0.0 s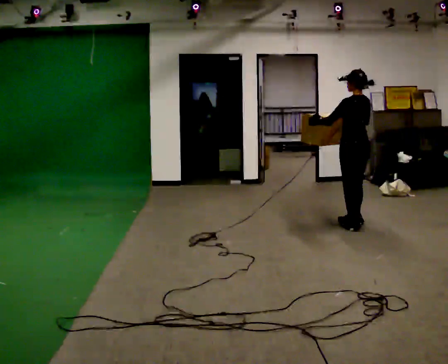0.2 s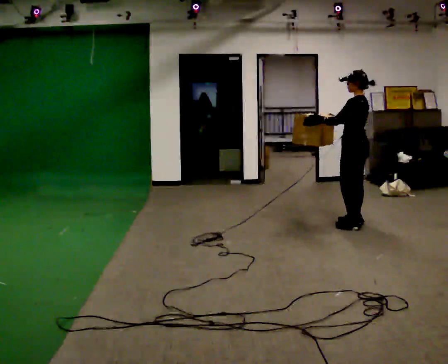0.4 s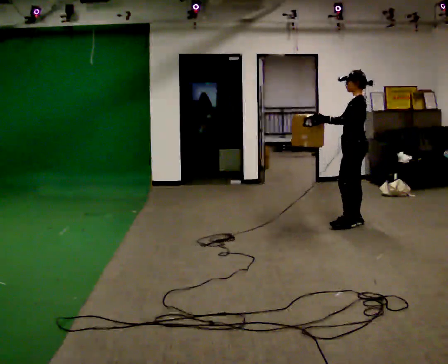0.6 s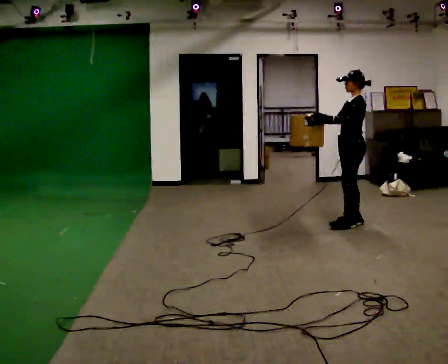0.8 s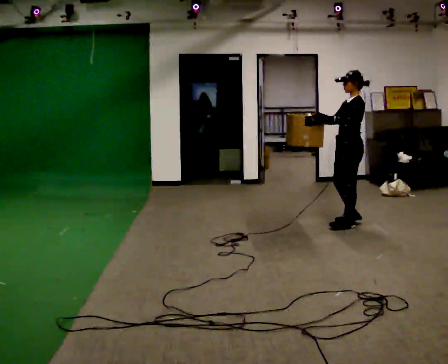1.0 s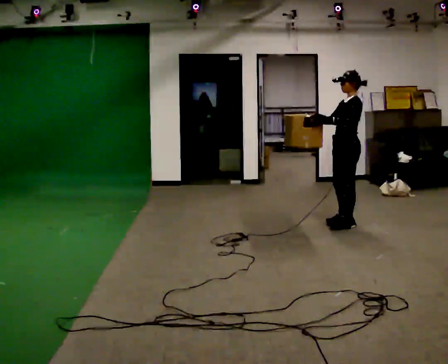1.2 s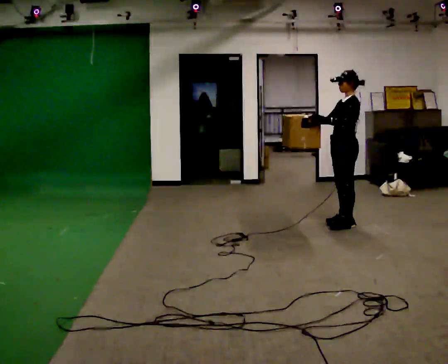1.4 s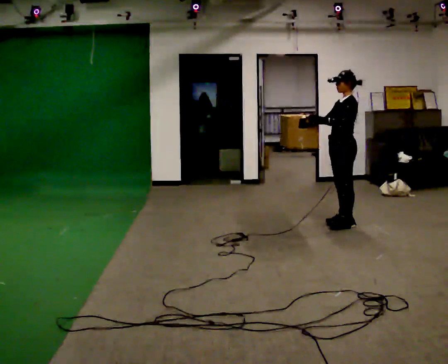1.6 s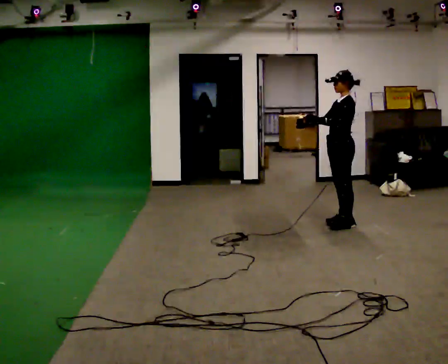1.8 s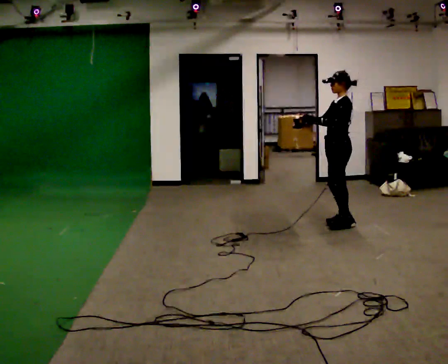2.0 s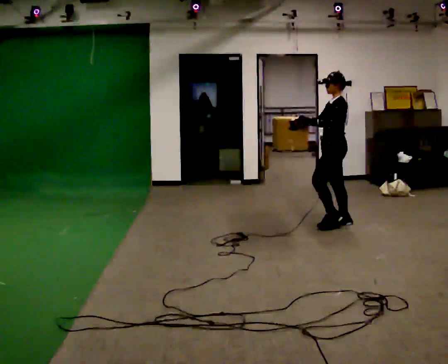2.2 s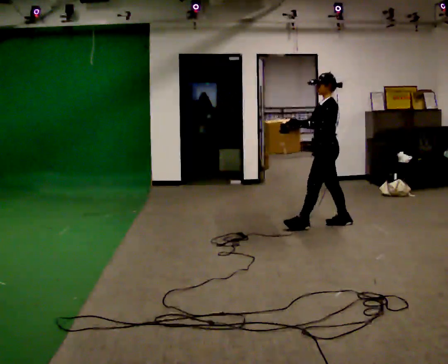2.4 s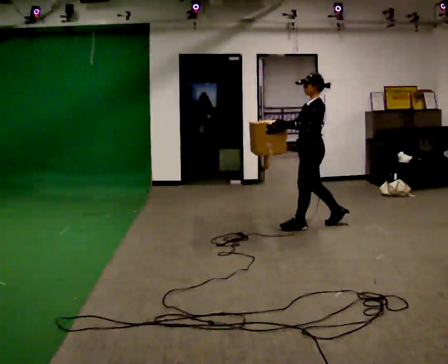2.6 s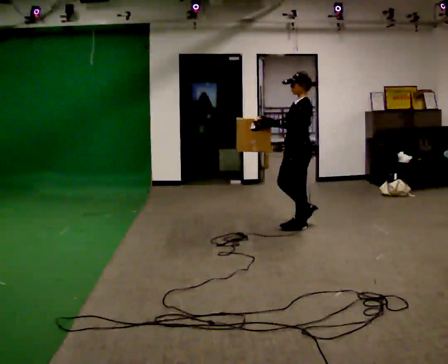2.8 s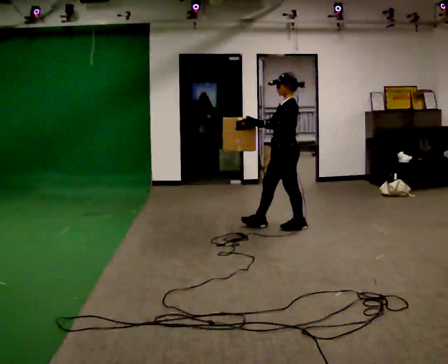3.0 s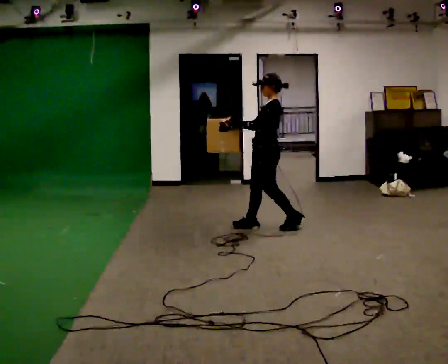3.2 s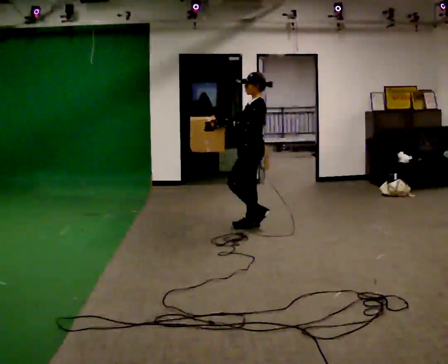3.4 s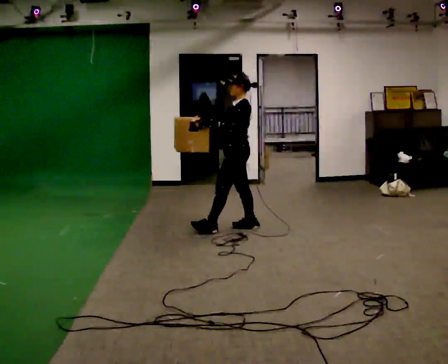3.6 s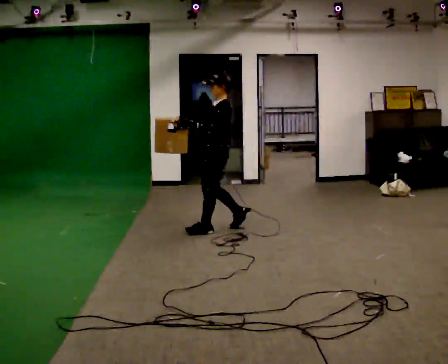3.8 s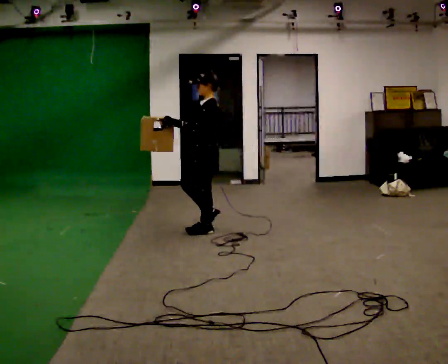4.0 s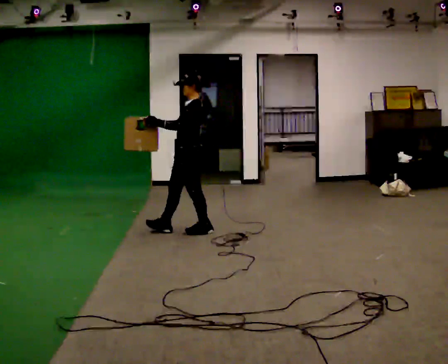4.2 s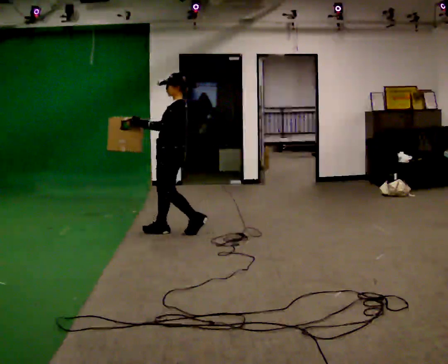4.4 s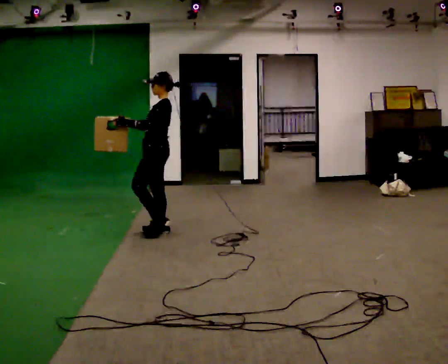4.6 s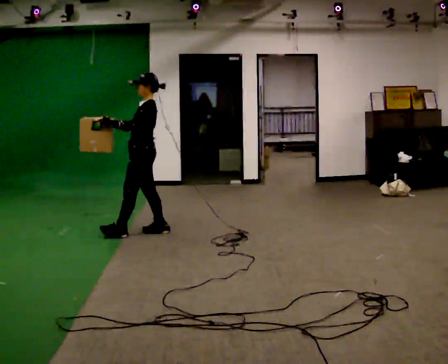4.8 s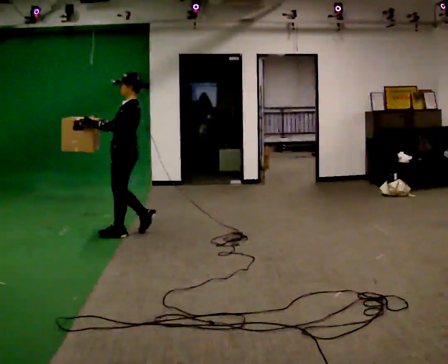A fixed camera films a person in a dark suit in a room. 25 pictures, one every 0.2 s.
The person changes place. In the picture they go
to the left.
0.0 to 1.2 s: The part of the body nearest the lens slides to the right as the person turns to their left by about 60 degrees. In the picture their right hand goes to the left.
1.2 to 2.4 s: In the picture they go to the left, about 0.25 m in 1 step, which for them is forward.
2.4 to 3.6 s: In the picture they go to the left, about 1 m in 2 steps, which for them is forward.
3.6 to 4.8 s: In the picture they go to the left and toward the camera, about 1 m in 2 steps, which for them is forward.
The film runs forward here.
